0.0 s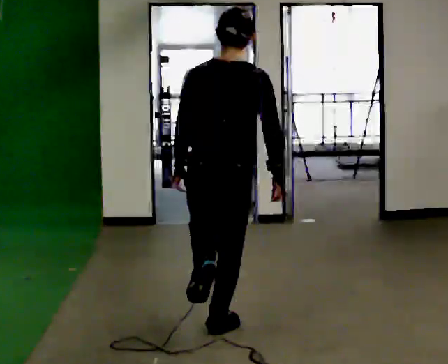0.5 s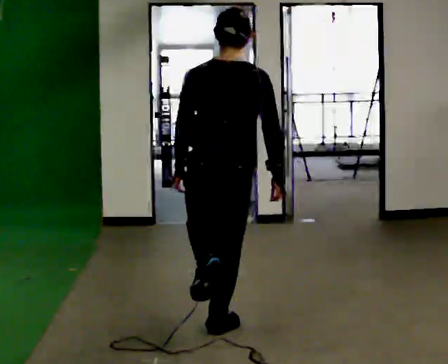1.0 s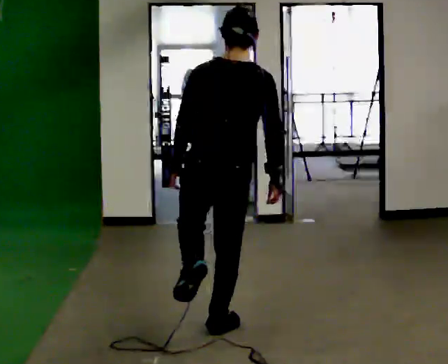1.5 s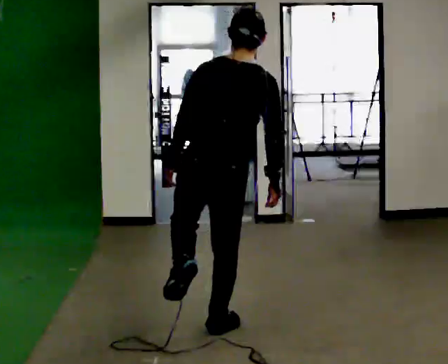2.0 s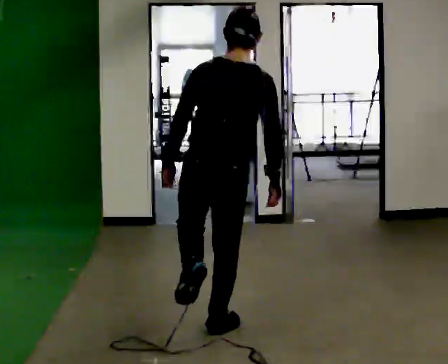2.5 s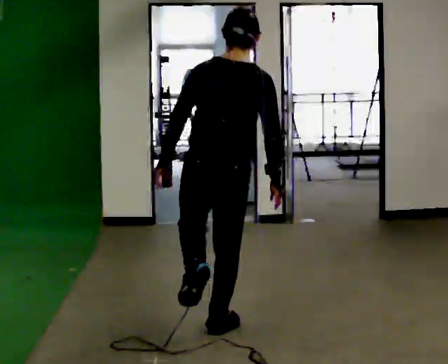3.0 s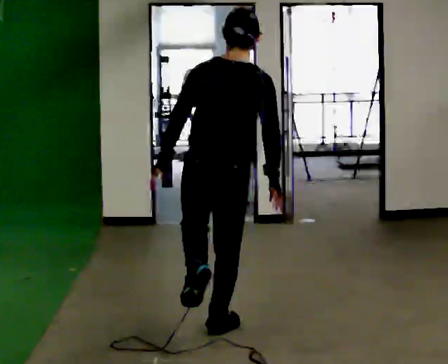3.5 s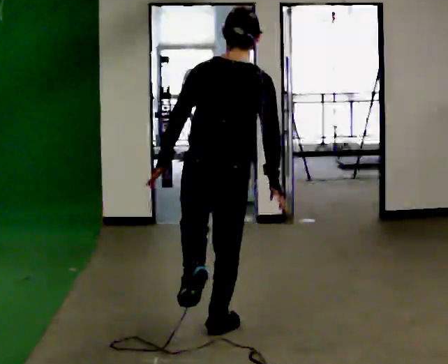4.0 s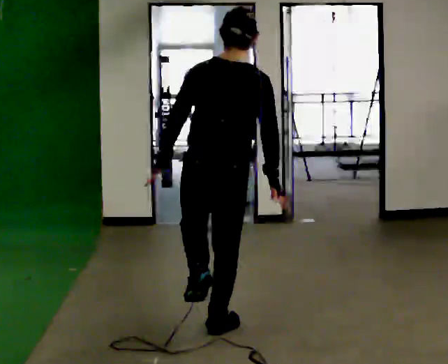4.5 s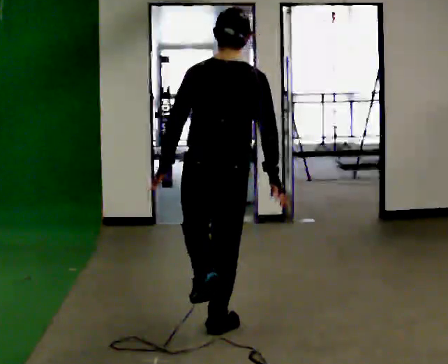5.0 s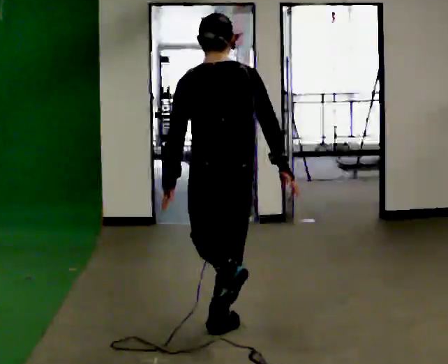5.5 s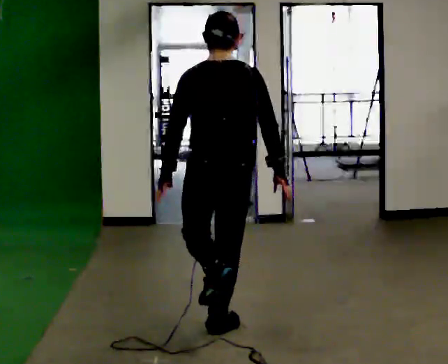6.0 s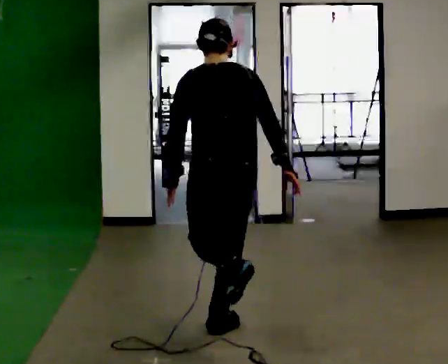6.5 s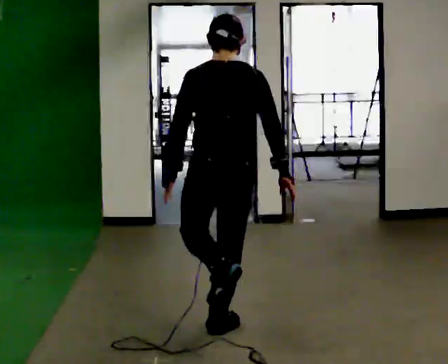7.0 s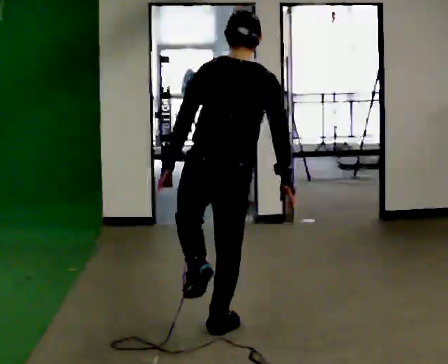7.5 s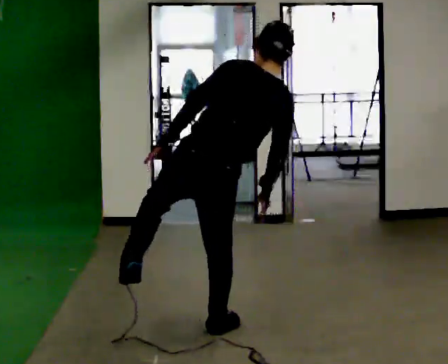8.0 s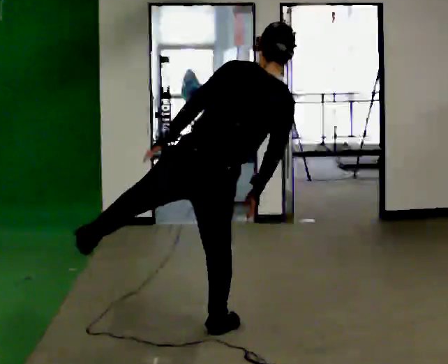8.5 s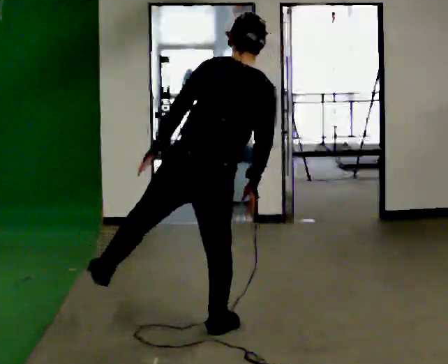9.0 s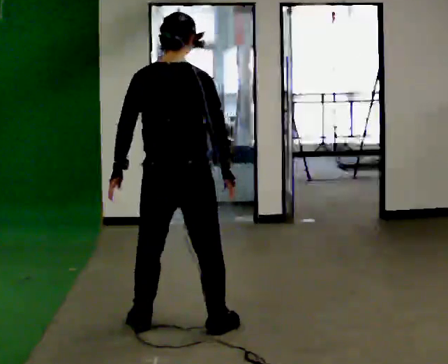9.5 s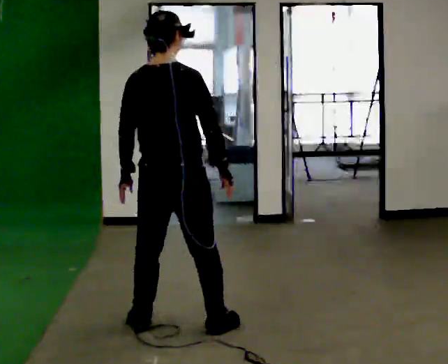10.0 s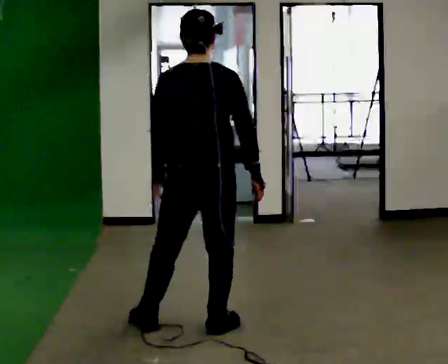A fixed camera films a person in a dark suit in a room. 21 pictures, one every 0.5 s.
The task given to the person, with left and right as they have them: Stand on one foot on the marked spot, on the side the operator calls. Hold it until you genuinely lose your balance, then put the other foot down. Repeat at your own pace until the operator says stop. Go slowly and only as far as you are comfortable. Step whenever you need to; do not try to hold on longer than feels safe.
0.0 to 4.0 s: The person moves a little, or ends about where they began.
4.0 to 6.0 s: The upper body tips away from the camera, its near side rolling upward, as they bend forward.
6.0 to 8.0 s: In the picture the upper body tilts clockwise, shoulders to the right, as they lean back or straighten.
8.0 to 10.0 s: In the picture the upper body tilts counterclockwise, shoulders to the left.
The film runs forward here.
